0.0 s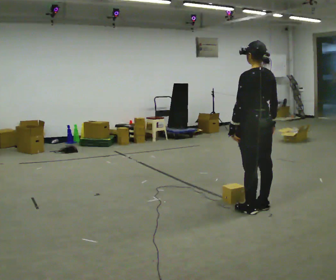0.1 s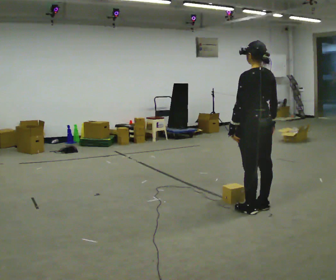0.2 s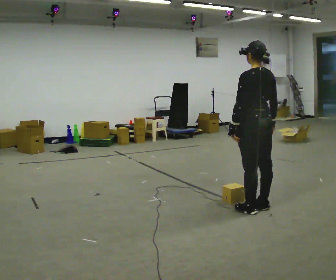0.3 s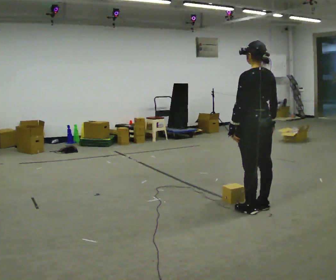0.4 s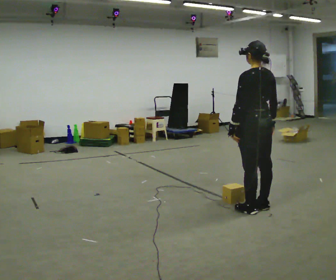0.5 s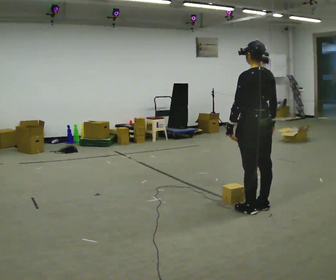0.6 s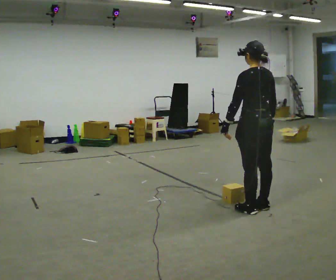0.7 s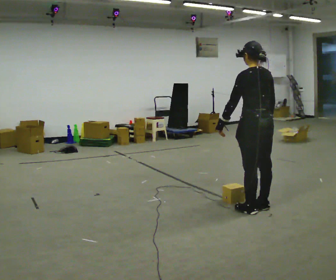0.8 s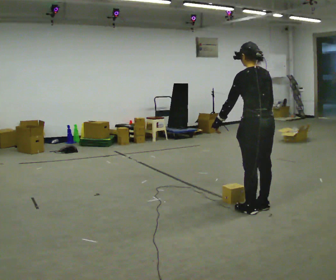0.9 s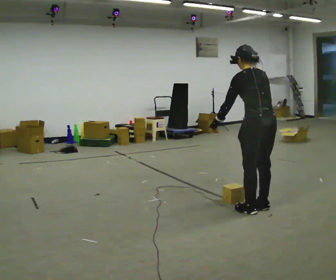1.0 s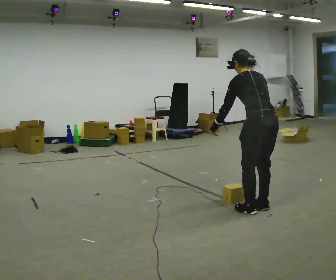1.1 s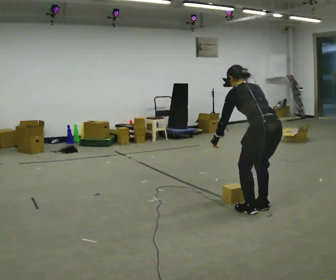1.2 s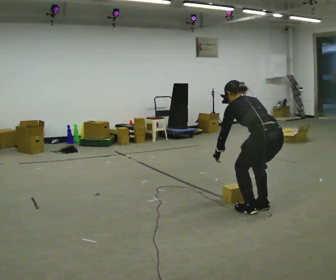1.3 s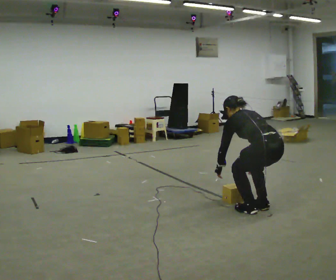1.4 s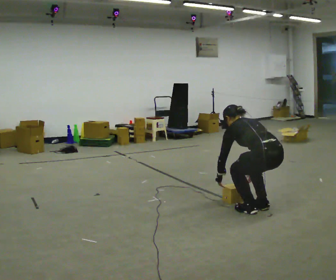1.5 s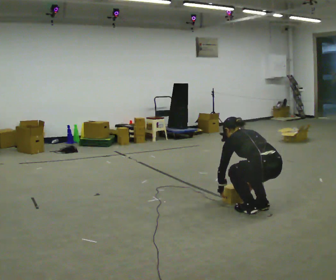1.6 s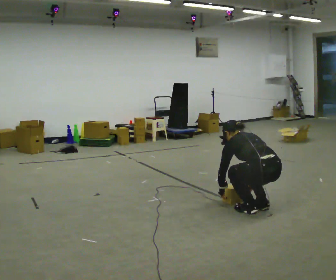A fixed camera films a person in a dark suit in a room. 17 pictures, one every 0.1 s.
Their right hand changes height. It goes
downward.
The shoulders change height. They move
downward.
0.0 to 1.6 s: The upper body goes downward. The upper body tips away from the camera, its near side rolling upward, as they bend forward. In the picture their left hand goes downward.
The film runs forward here.
